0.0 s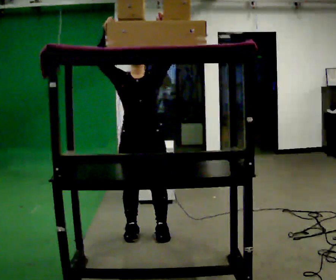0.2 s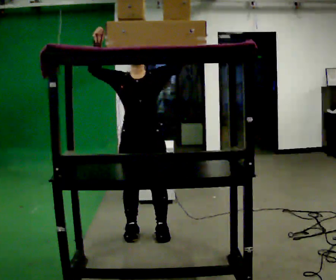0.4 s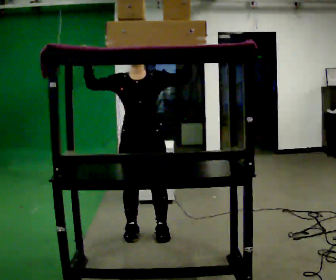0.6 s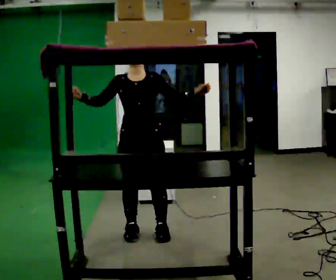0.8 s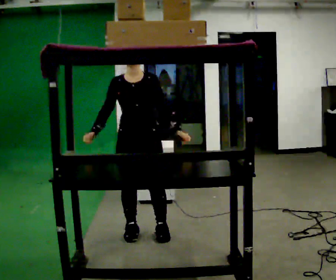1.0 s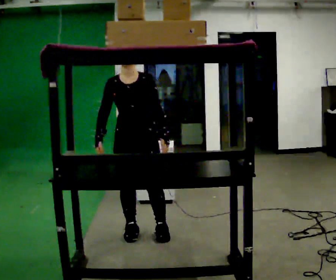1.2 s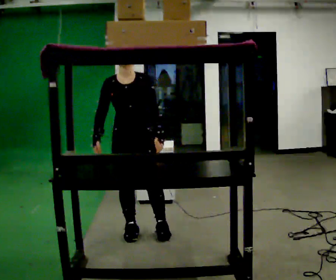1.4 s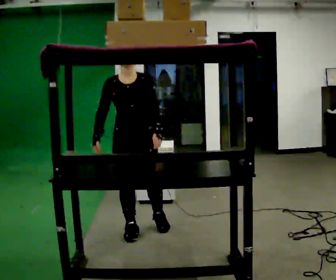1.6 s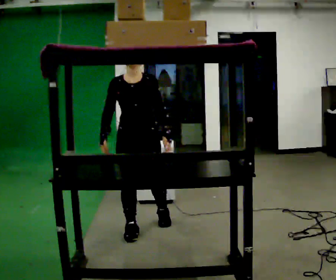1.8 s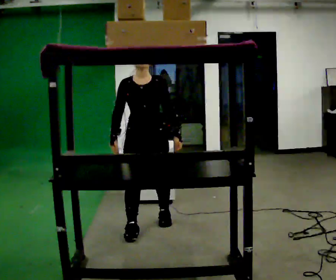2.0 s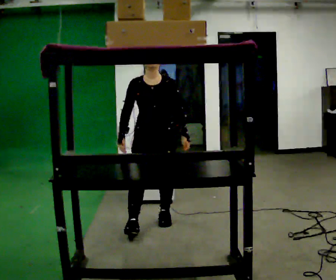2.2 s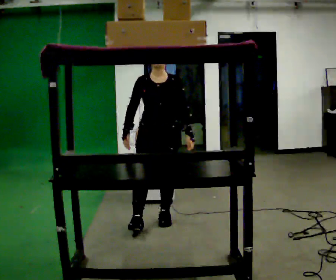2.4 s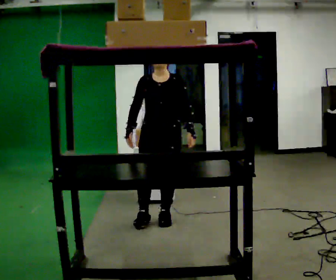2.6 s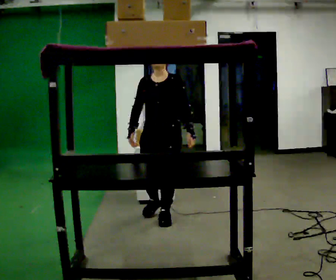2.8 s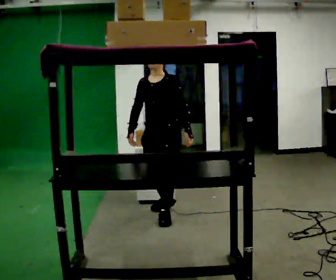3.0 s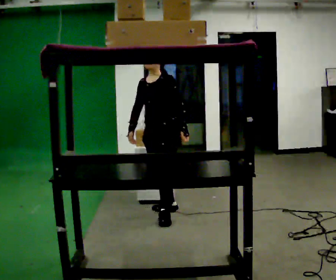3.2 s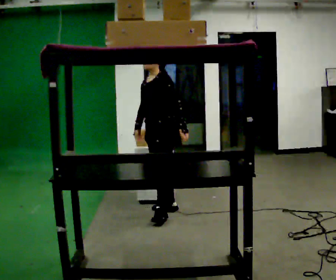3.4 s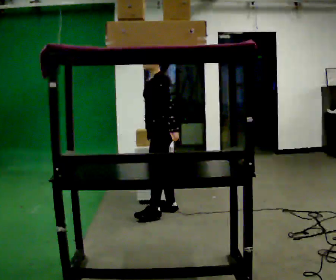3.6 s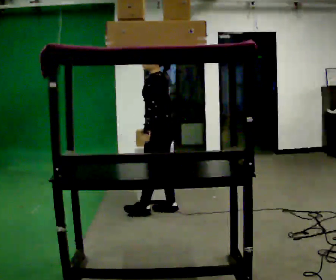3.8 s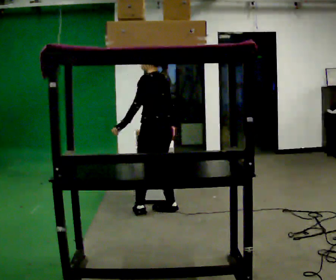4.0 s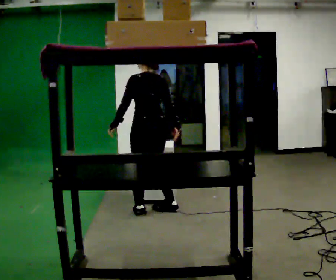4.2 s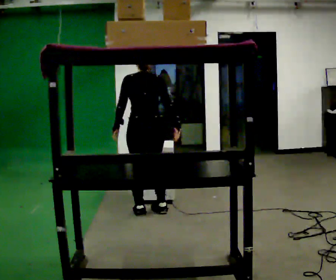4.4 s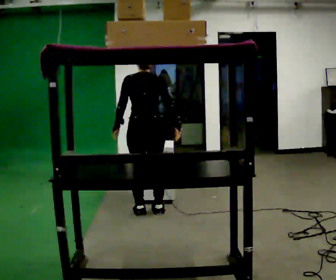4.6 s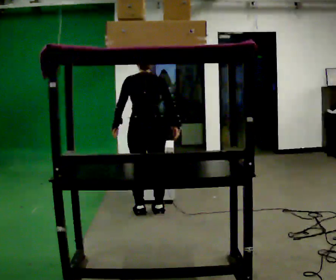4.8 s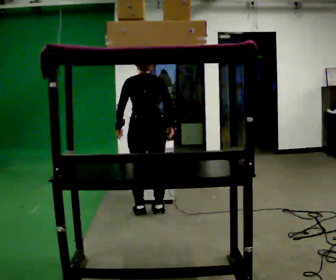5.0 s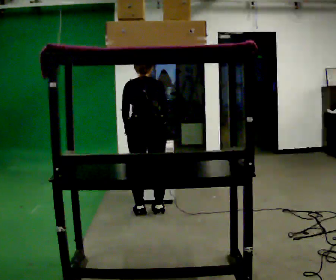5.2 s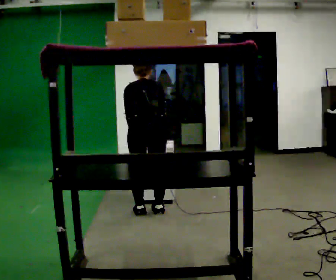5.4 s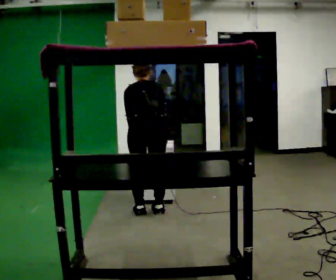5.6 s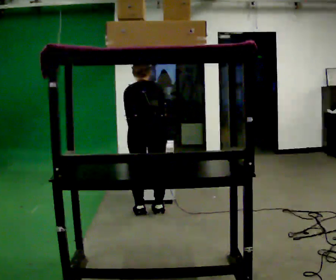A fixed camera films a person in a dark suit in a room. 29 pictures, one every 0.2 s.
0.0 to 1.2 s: In the picture their right hand goes downward, the arm swinging counterclockwise.
1.2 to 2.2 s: In the picture they go away from the camera and to the right, about 0.25 m in 1 step, which for them is backward and to their left.
2.2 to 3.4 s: The person turns about 90 degrees to their right, clockwise seen from above, so the part of the body nearest the lens slides to the left. In the picture they go away from the camera, about 0.25 m in 1 step.
3.4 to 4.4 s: The person turns about 90 degrees to their right, clockwise seen from above, so the part of the body nearest the lens slides to the left. In the picture they go to the left, about 0.25 m in 1 step. In the picture their left hand goes to the left, the arm swinging clockwise.
4.4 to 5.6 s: The upper body tips away from the camera, its near side rolling upward, as they bend forward.
The film runs backward here.
